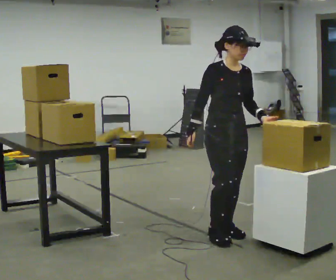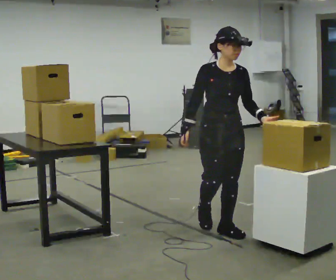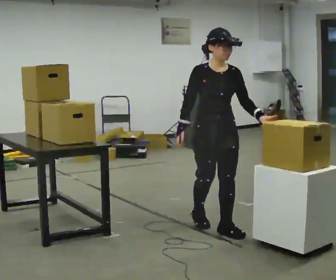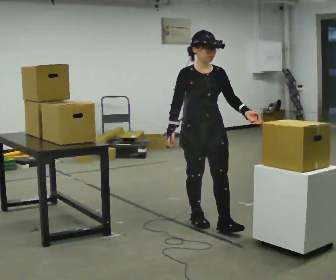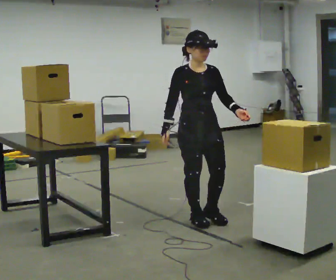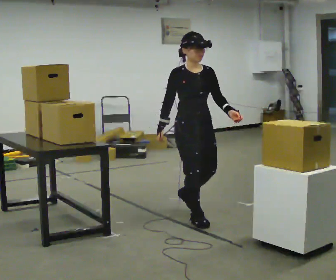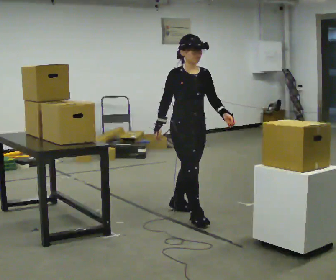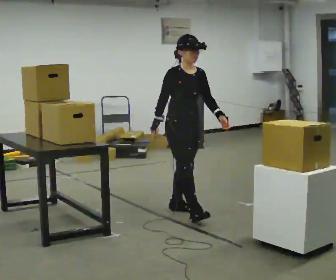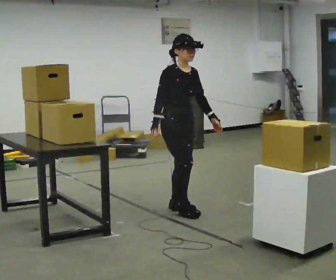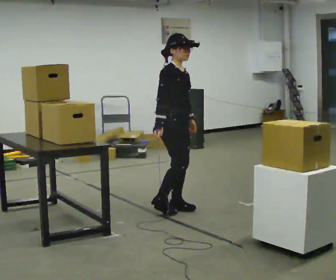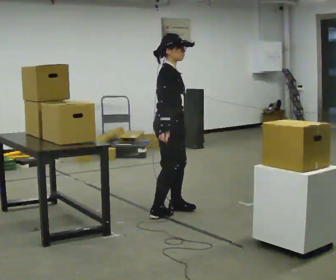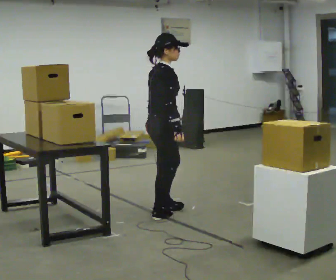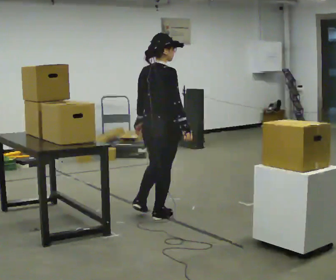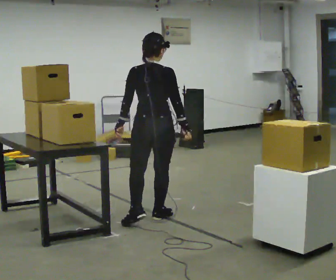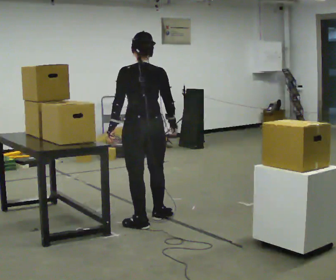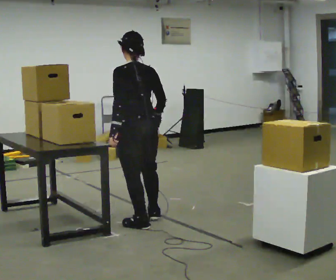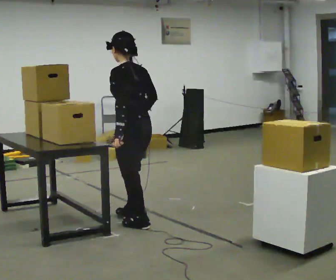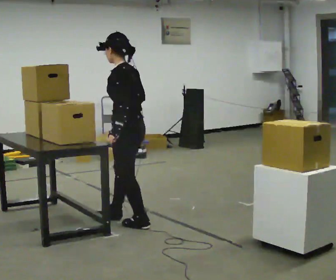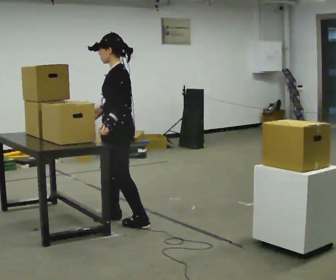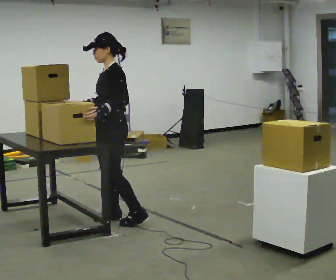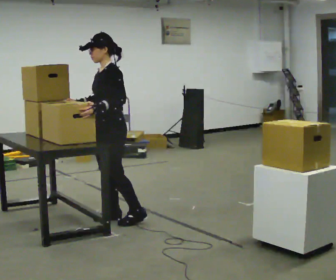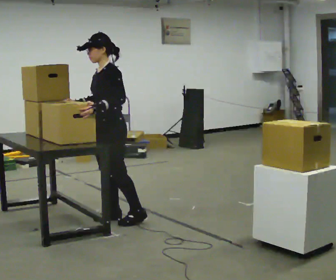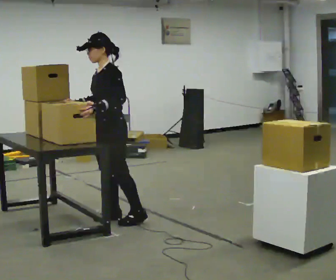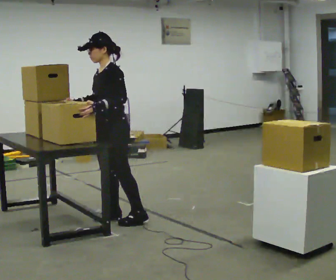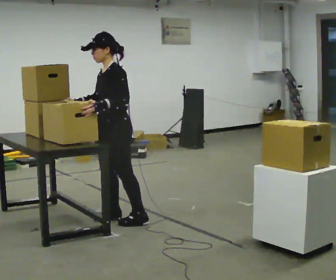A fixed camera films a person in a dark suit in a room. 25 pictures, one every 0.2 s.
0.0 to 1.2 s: In the picture they go away from the camera and to the left, about 0.5 m in 1 step, which for them is backward.
1.2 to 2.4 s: The person turns about 90 degrees to their left, counterclockwise seen from above, so the part of the body nearest the lens slides to the right. In the picture they go to the left, about 0.25 m in 2 steps. In the picture their left hand goes to the left, the arm swinging clockwise.
2.4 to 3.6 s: The part of the body nearest the lens slides to the right as the person turns to their left by about 135 degrees. In the picture they go to the left and toward the camera, about 0.25 m in 1 step.
3.6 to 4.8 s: Seen from above the body turns counterclockwise, about 30 degrees: to their left, with its near side sliding to the right.
The film runs backward here.
